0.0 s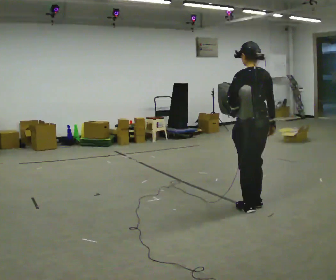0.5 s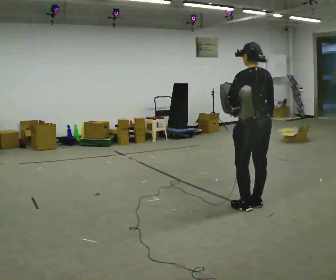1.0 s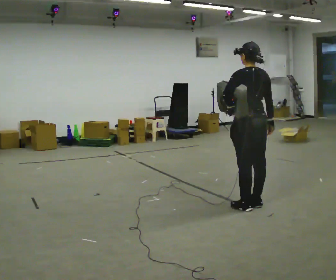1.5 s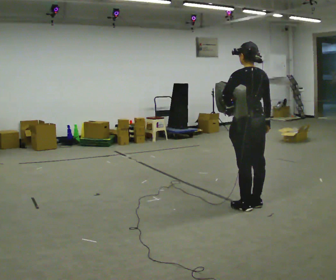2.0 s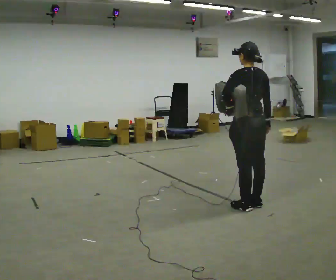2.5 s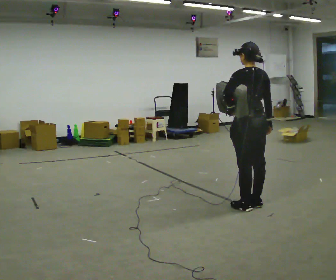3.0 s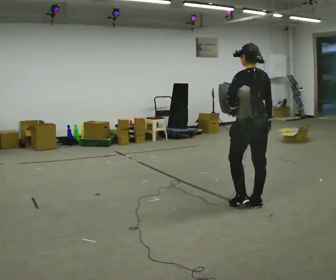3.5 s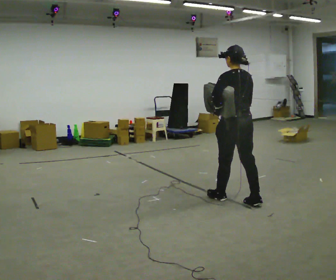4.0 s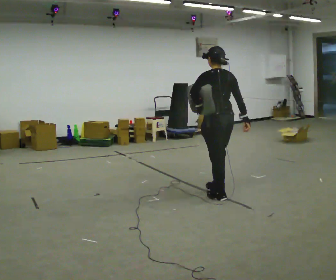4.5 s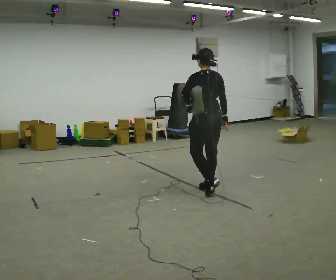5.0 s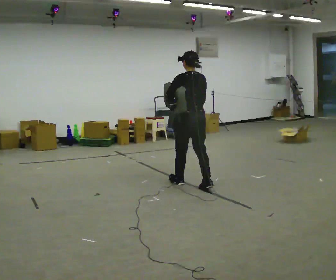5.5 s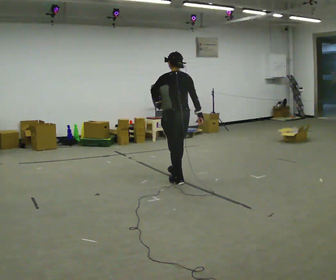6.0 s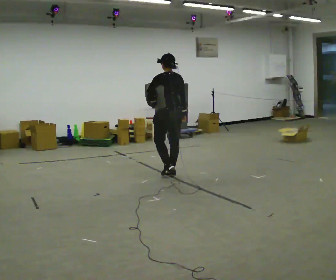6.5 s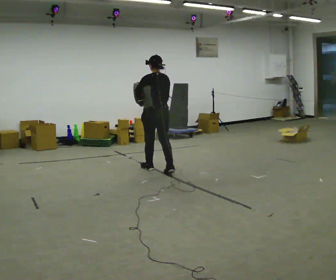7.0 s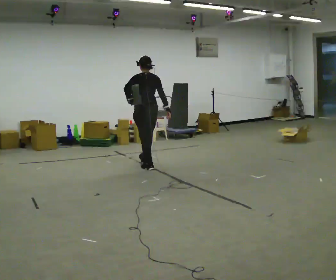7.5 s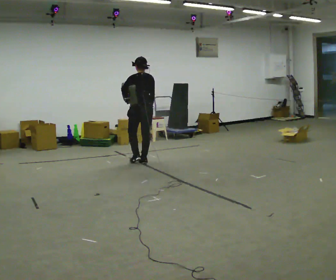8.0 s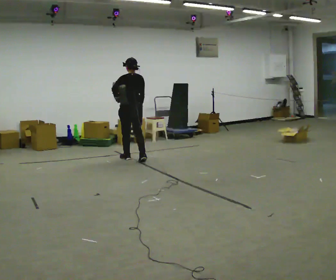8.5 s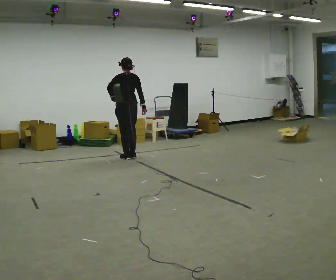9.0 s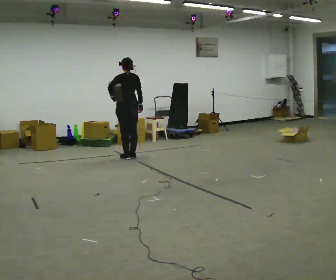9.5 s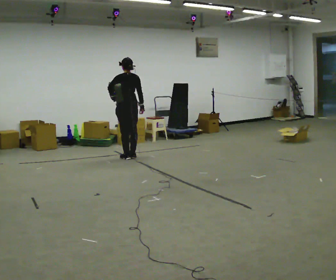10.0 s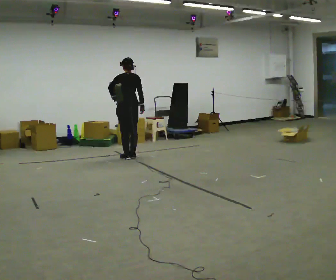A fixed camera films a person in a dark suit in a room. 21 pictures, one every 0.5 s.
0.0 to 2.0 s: The person moves a little, or ends about where they began.
2.0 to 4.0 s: In the picture they go away from the camera and to the left, about 0.5 m in 1 step, which for them is forward.
4.0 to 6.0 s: In the picture they go away from the camera and to the left, about 1 m in 3 steps, which for them is forward.
6.0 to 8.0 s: In the picture they go away from the camera and to the left, about 1 m in 3 steps, which for them is forward.
8.0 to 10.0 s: In the picture they go away from the camera, about 0.25 m in 1 step, which for them is forward.
The film runs forward here.
